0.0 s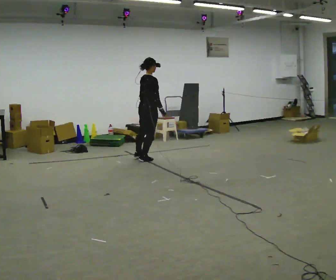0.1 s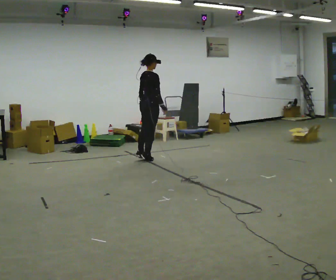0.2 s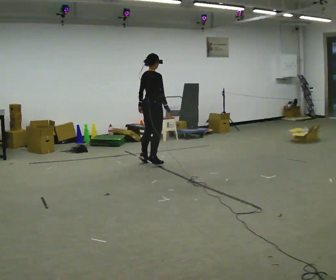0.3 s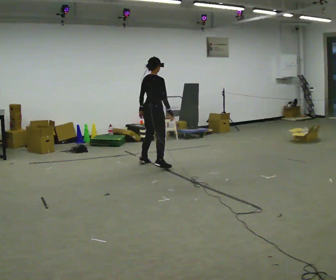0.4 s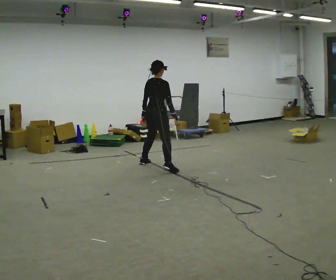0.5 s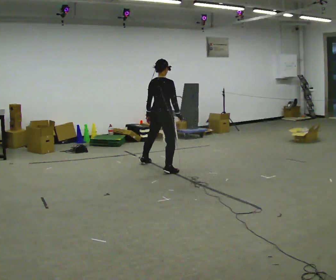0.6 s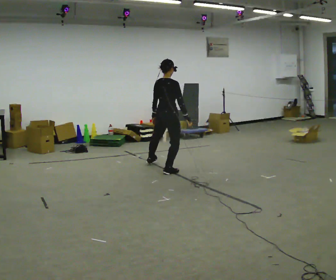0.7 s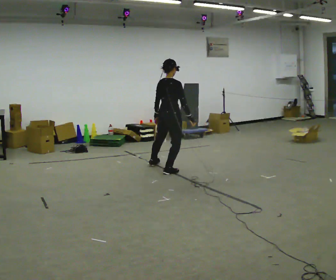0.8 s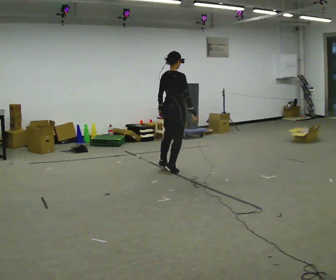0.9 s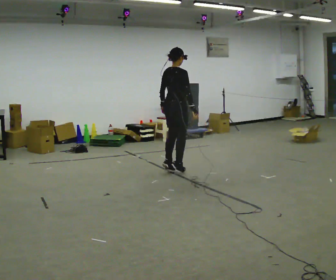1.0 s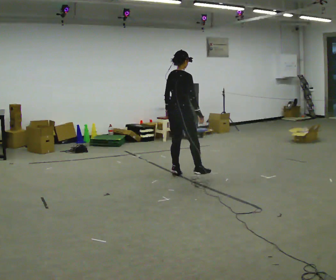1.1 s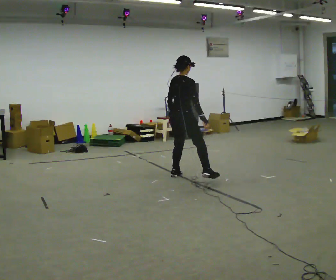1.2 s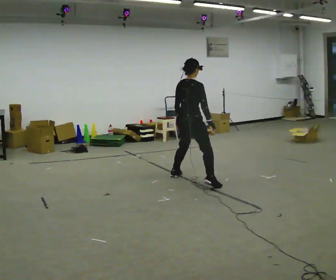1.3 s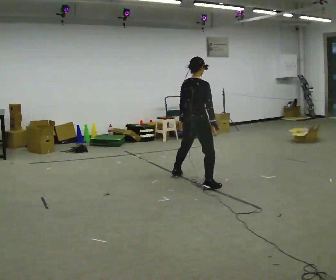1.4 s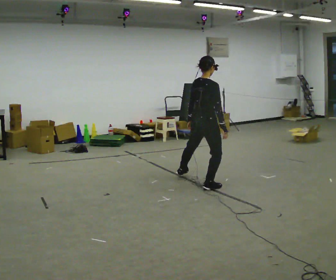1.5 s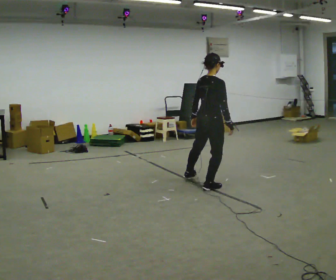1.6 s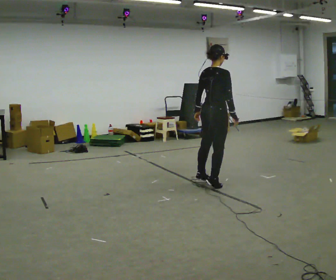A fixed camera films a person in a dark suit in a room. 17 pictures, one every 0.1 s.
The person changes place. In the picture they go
toward the camera.
0.0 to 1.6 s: In the picture they go toward the camera and to the right, about 1.5 m in 5 steps, which for them is to their right.
The film runs backward here.
